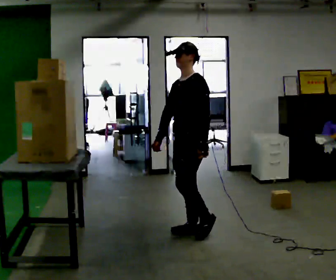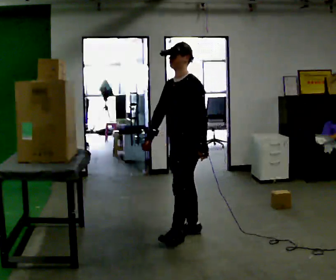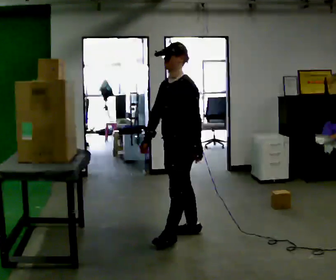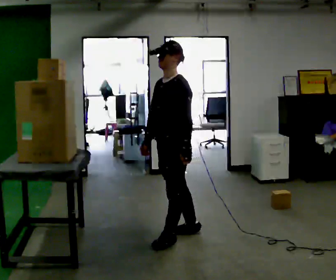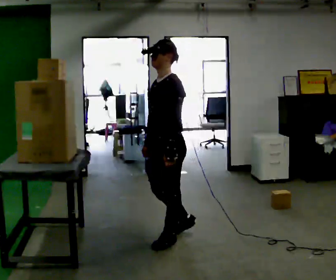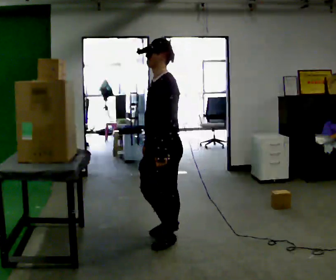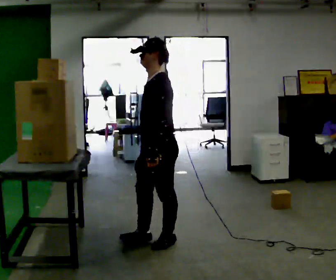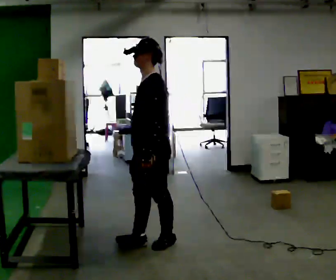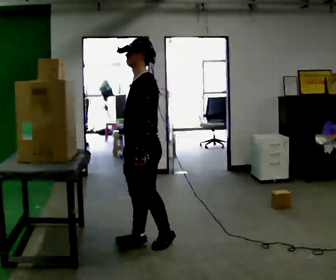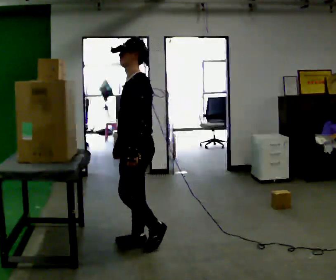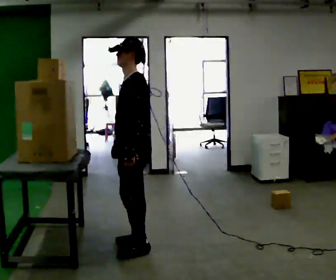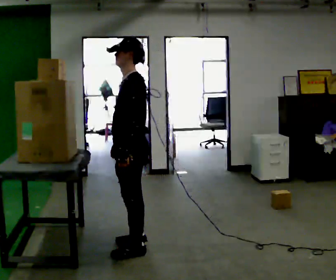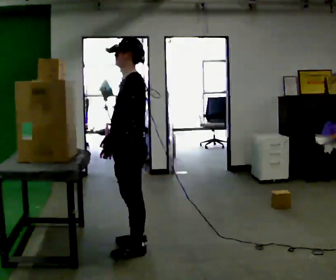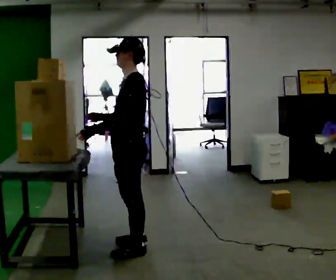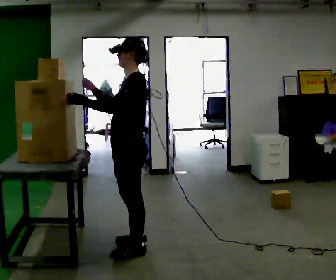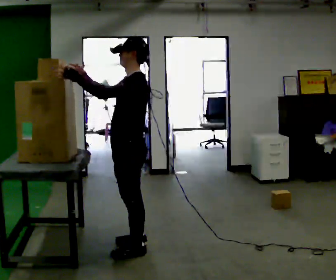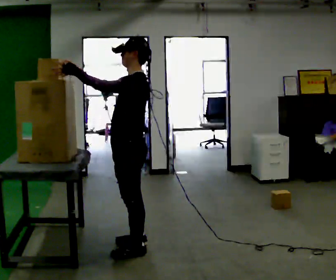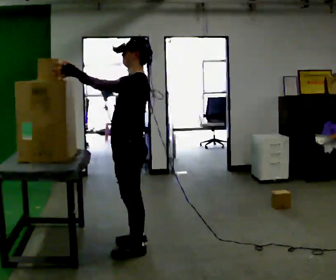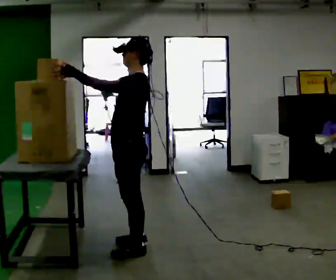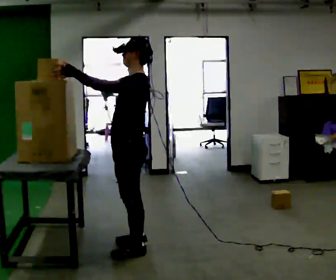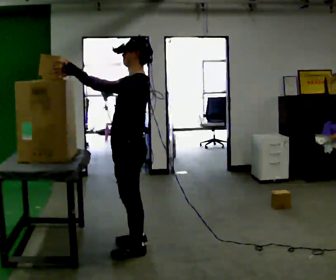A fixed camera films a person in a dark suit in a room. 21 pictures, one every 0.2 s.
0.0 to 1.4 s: In the picture they go to the left and toward the camera, about 0.5 m in 2 steps, which for them is forward.
1.4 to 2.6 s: In the picture they go to the left, about 0.25 m in 1 step, which for them is forward. In the picture their right hand goes to the left.
2.6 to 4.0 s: In the picture their left hand goes upward, the arm swinging clockwise.
The film runs forward here.
